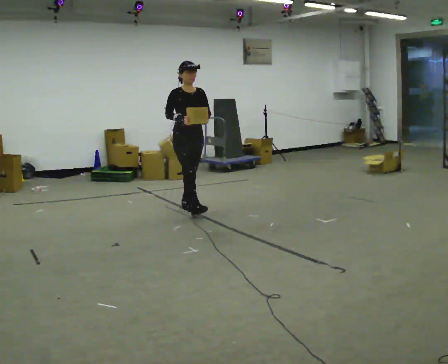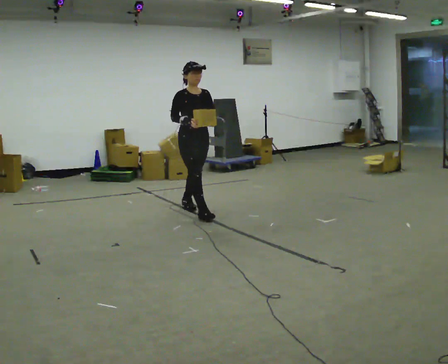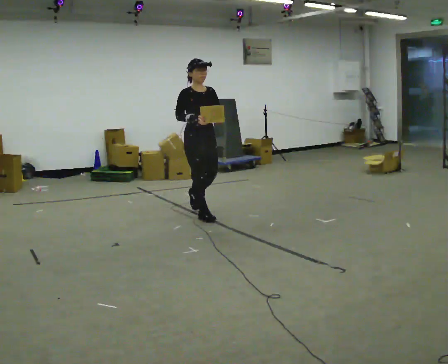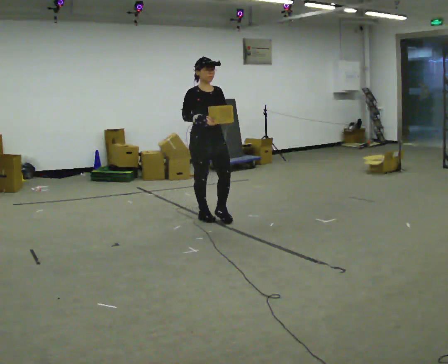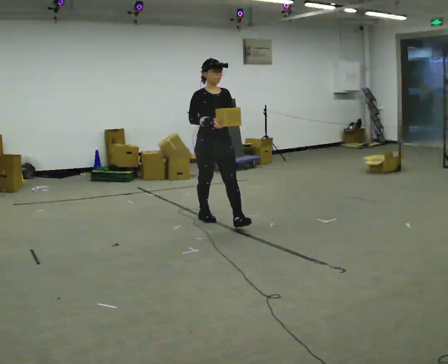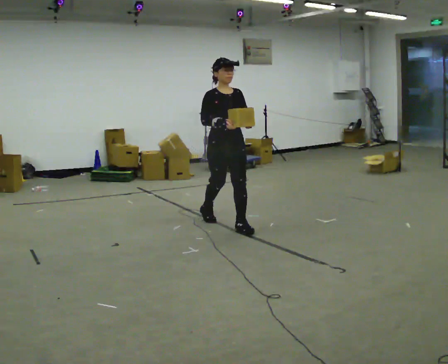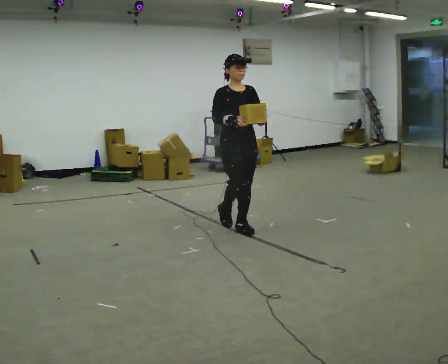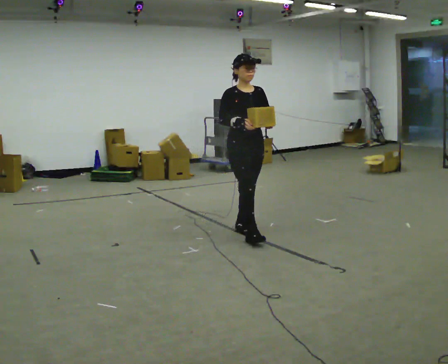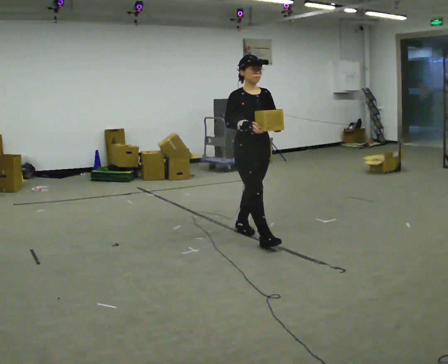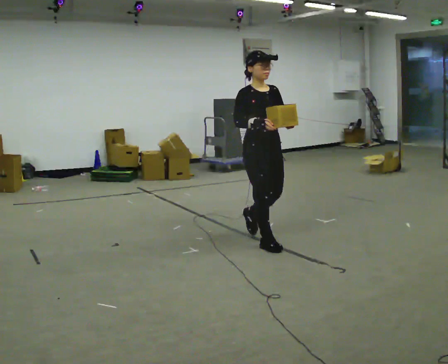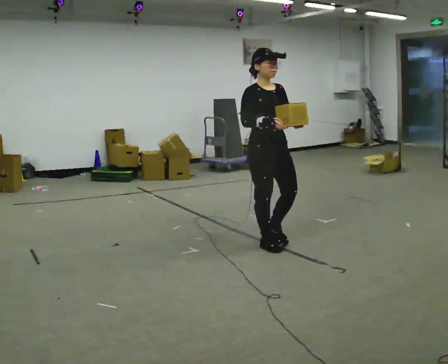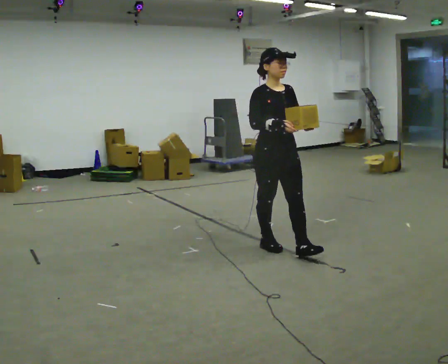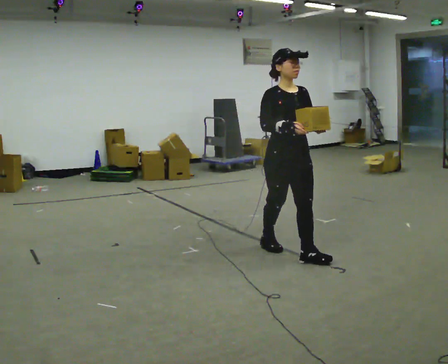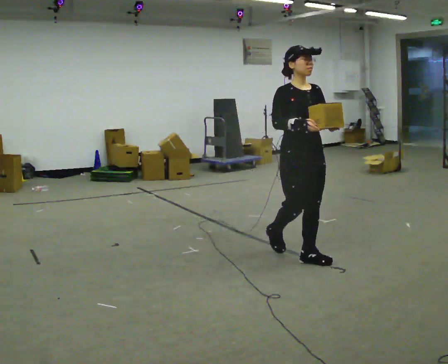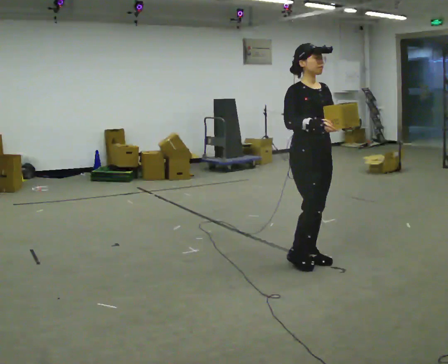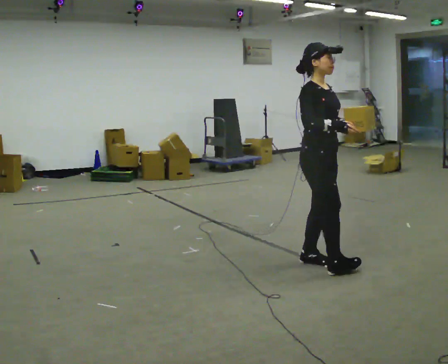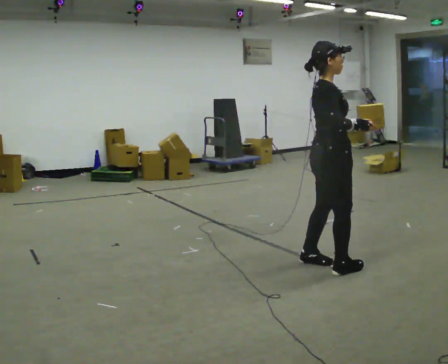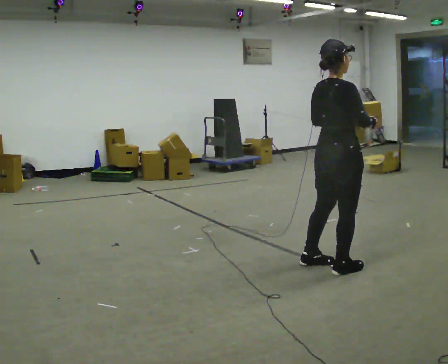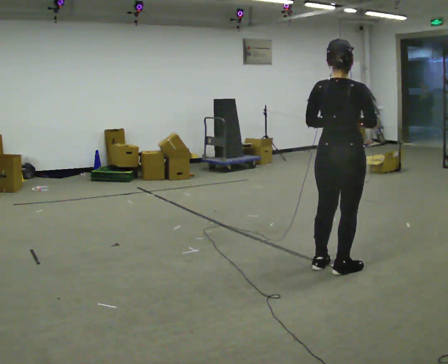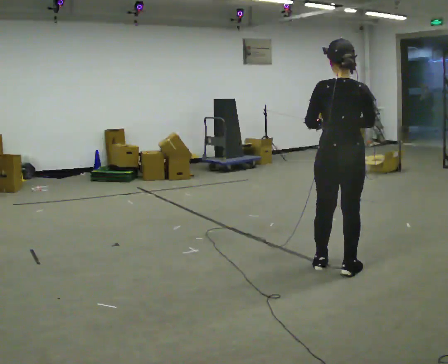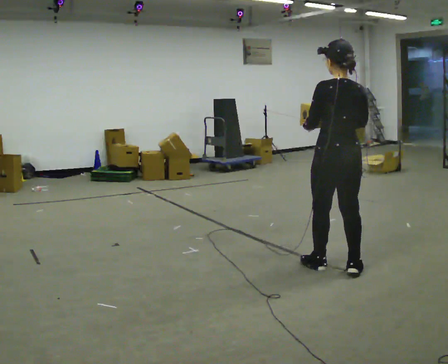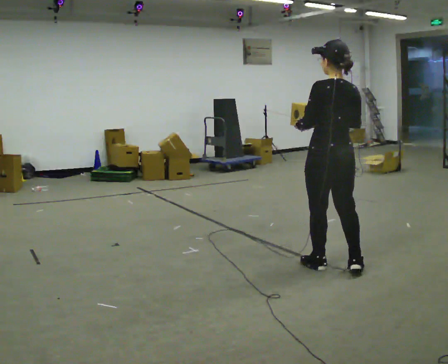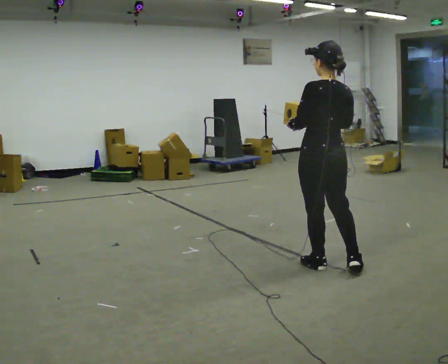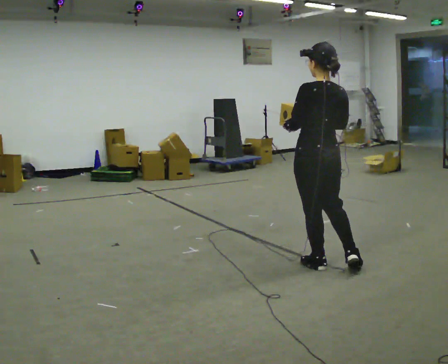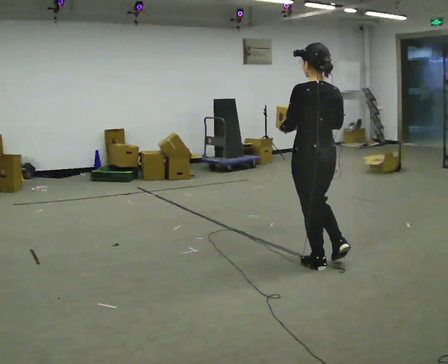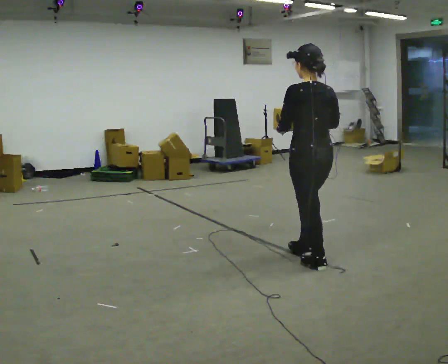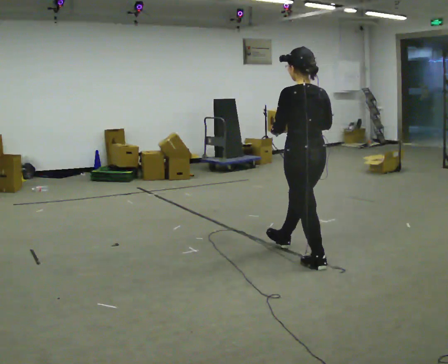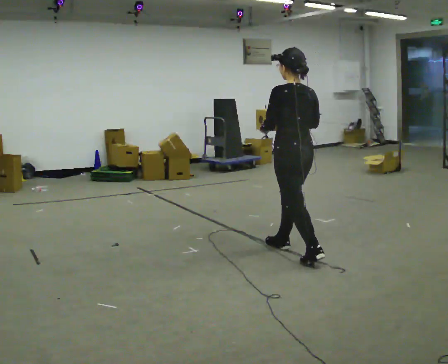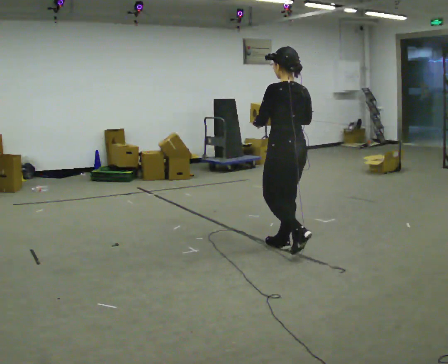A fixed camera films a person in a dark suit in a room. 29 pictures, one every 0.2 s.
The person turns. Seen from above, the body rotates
counterclockwise.
The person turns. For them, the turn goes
to their left.
0.0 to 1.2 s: In the picture they go toward the camera and to the right, about 1 m in 2 steps, which for them is forward.
1.2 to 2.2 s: In the picture they go toward the camera and to the right, about 0.5 m in 2 steps, which for them is forward.
2.2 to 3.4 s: The part of the body nearest the lens slides to the right as the person turns to their left by about 120 degrees. In the picture they go to the right and toward the camera, about 0.5 m in 1 step.
3.4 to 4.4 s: The person turns about 60 degrees to their left, counterclockwise seen from above, so the part of the body nearest the lens slides to the right. In the picture their right hand goes to the left.
4.4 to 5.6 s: In the picture they go away from the camera and to the left, about 0.5 m in 1 step, which for them is forward.
The film runs forward here.
